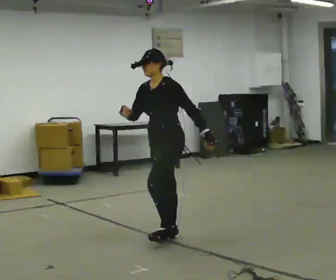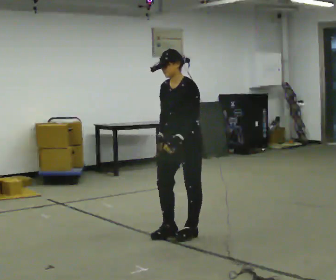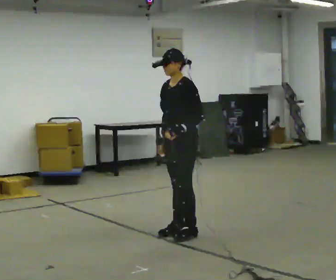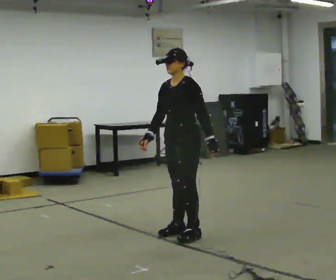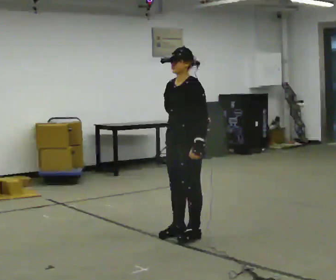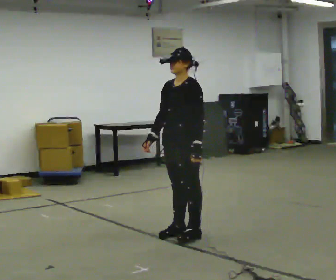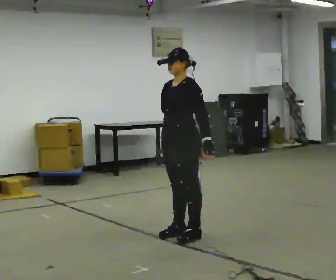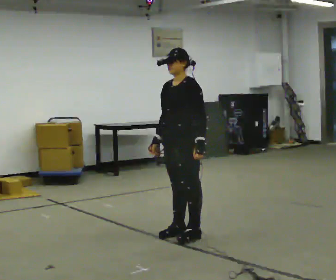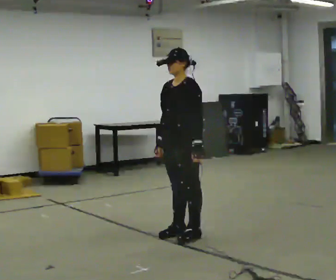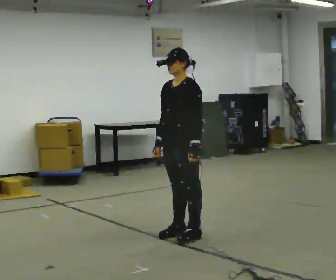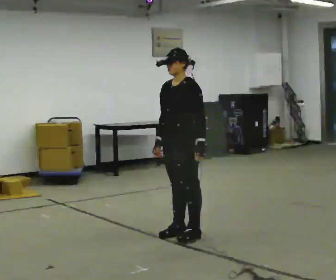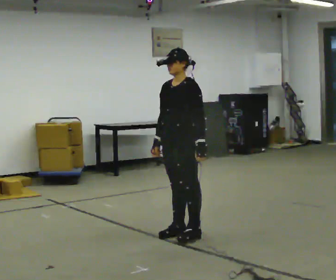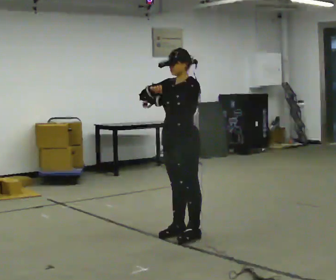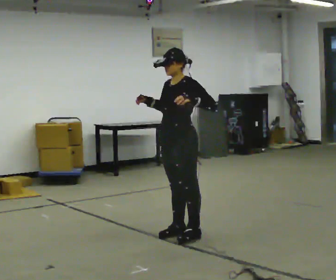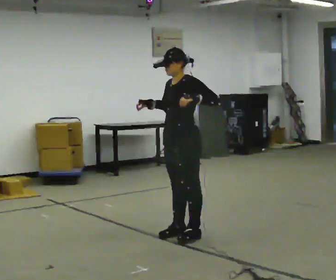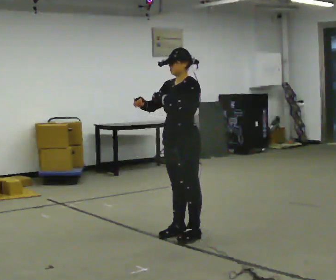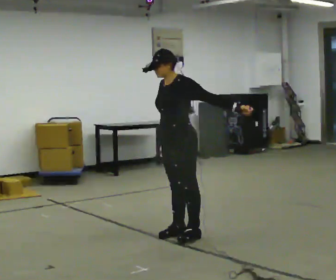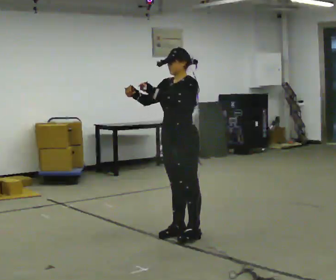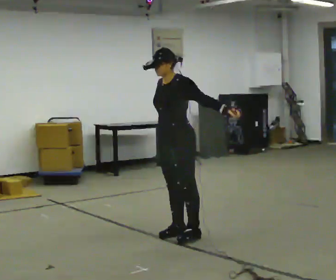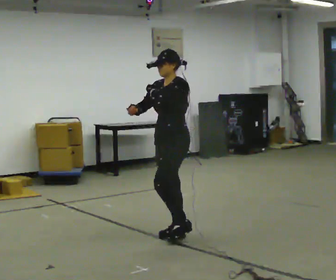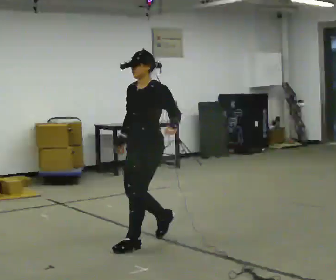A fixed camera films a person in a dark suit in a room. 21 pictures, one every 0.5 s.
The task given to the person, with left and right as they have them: Dance freely at a fast tempo as if to upbeat music; keep moving continuously.
0.0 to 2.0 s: In the picture their right hand goes to the right.
2.0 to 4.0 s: The person moves a little, or ends about where they began.
4.0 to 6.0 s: In the picture their right hand goes upward.
6.0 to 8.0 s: In the picture their left hand goes to the right.
8.0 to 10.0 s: In the picture they go to the left and toward the camera, about 0.25 m in 1 step, which for them is forward.
The film runs forward here.
